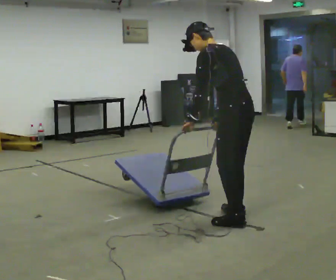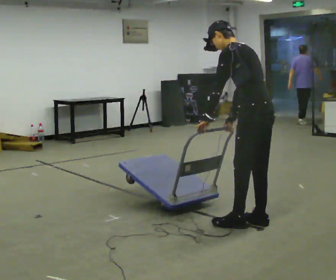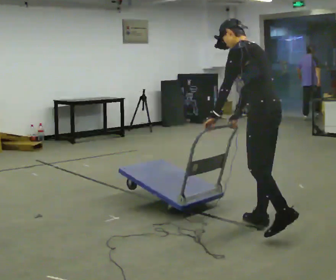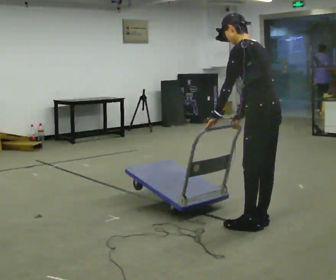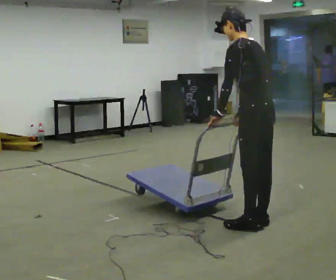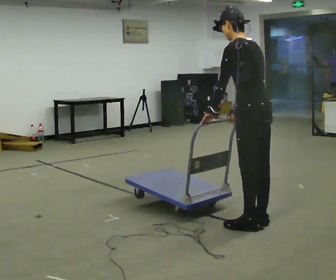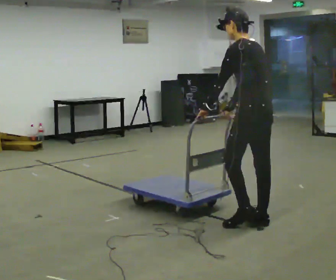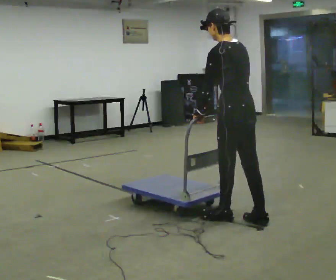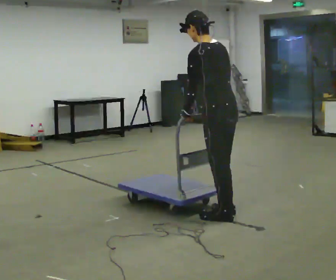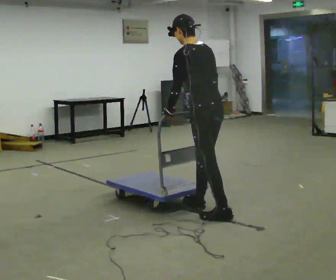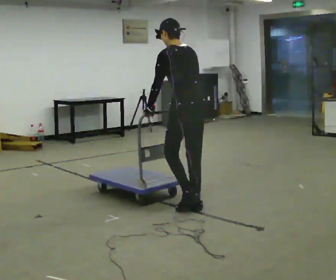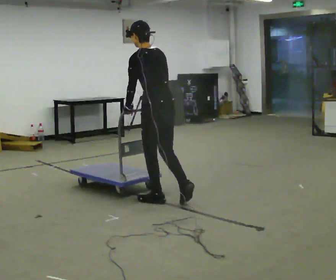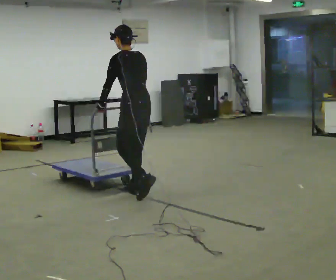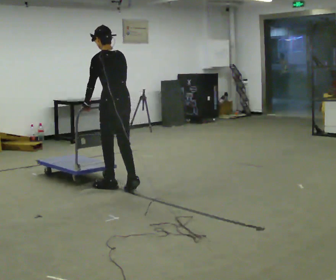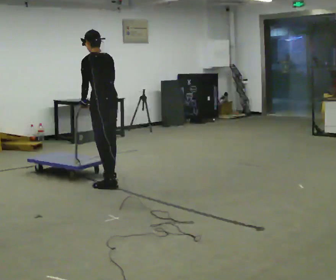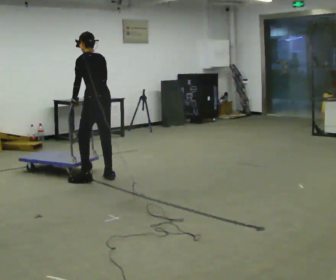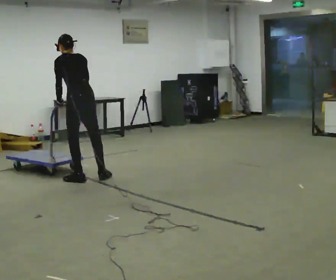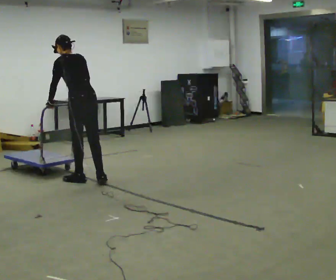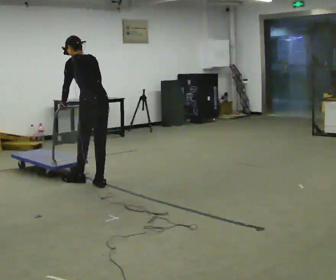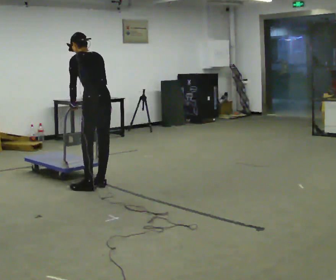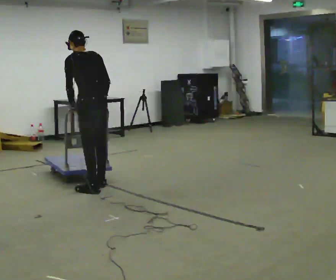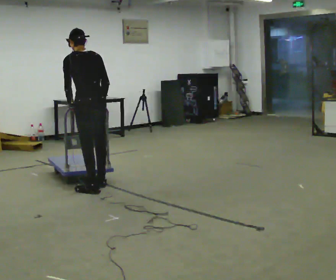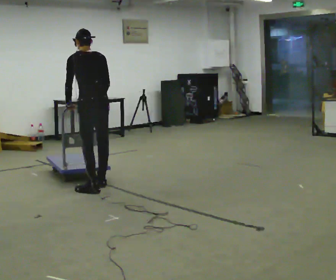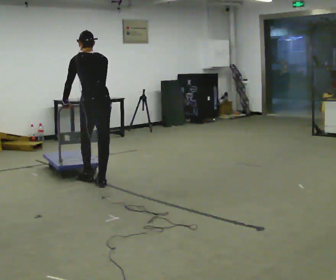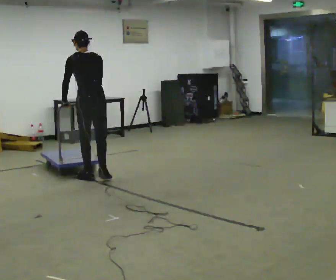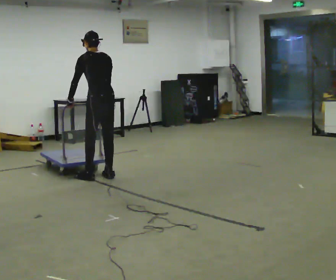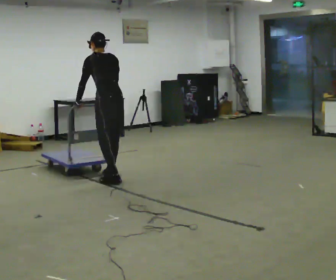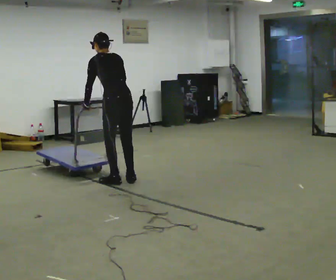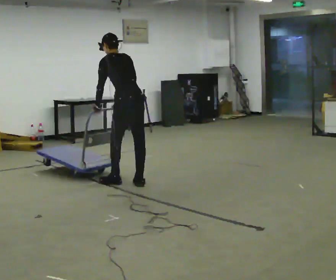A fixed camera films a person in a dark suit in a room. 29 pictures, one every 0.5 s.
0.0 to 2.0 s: The person moves a little, or ends about where they began.
2.0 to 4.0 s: In the picture they go to the left and away from the camera, about 0.25 m in 1 step, which for them is forward.
4.0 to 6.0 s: In the picture they go away from the camera and to the left, about 1 m in 3 steps, which for them is forward.
6.0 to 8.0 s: In the picture they go to the left and away from the camera, about 1 m in 3 steps, which for them is forward.
8.0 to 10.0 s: In the picture they go toward the camera, about 0.5 m in 2 steps, which for them is backward.
10.0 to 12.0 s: In the picture they go away from the camera, about 0.5 m in 1 step, which for them is forward.
12.0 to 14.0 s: In the picture they go to the right and toward the camera, about 0.5 m in 3 steps, which for them is backward and to their right.
The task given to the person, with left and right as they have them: Get the cart into the marked parking space and lined up with the tape. Take as many adjustments as you need. Then take it out again and repeat.
The film runs forward here.
